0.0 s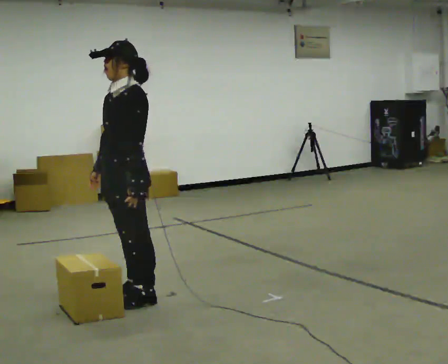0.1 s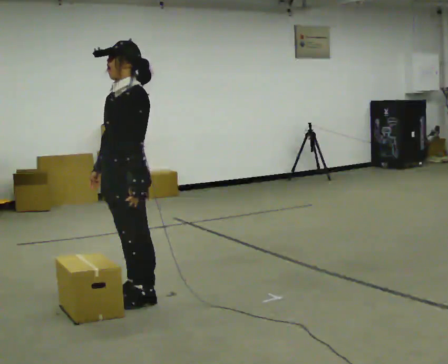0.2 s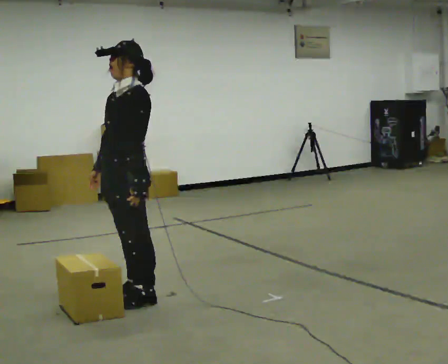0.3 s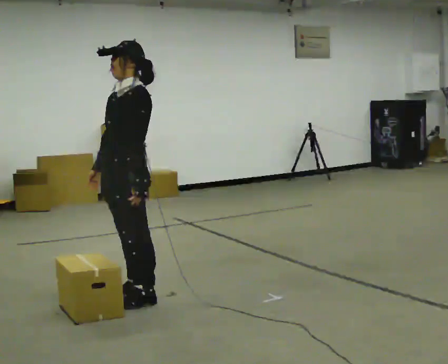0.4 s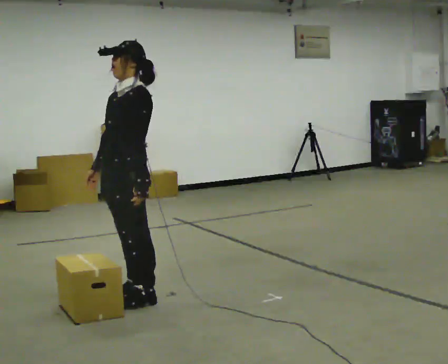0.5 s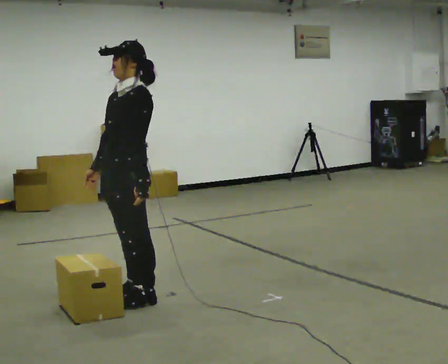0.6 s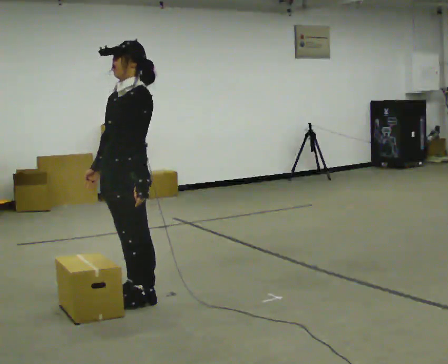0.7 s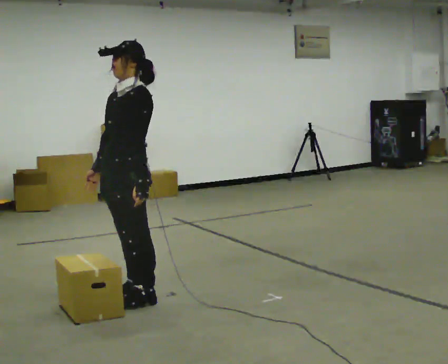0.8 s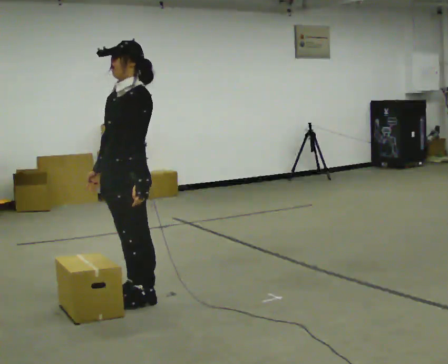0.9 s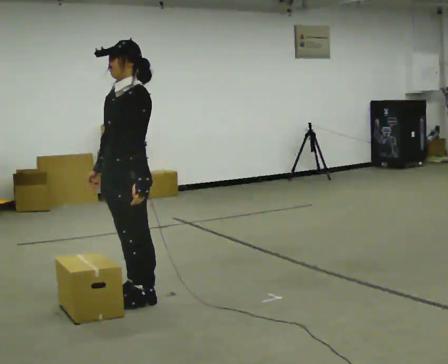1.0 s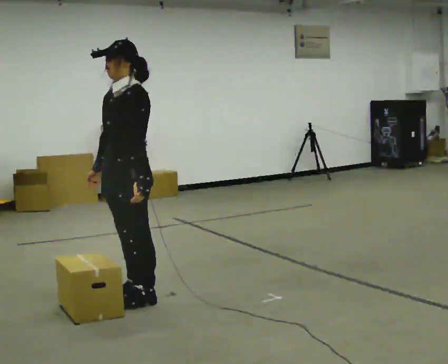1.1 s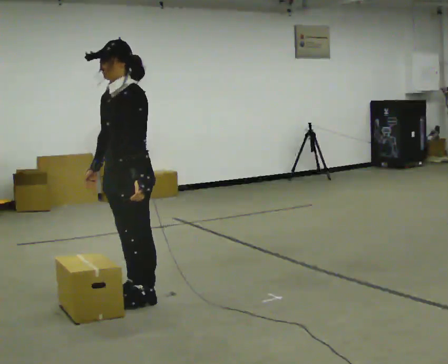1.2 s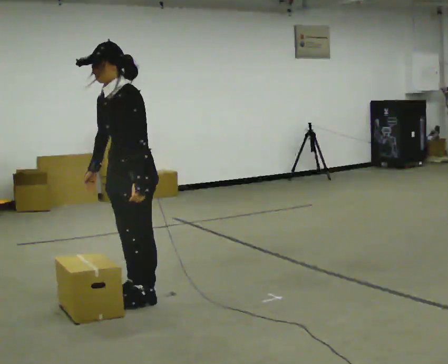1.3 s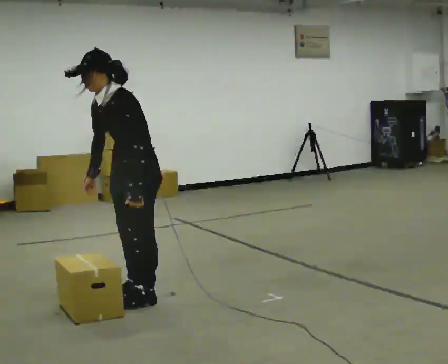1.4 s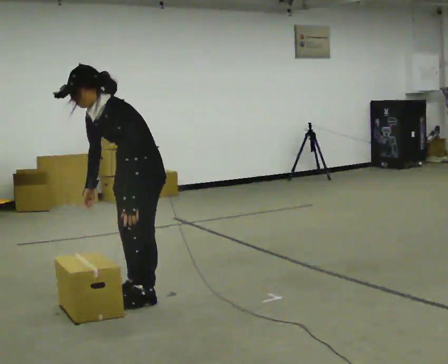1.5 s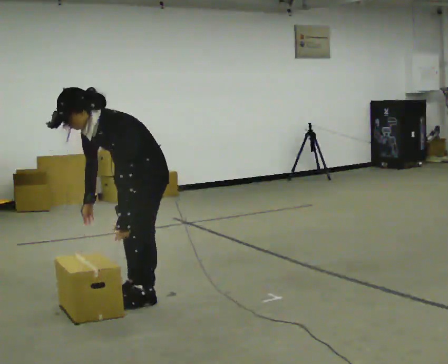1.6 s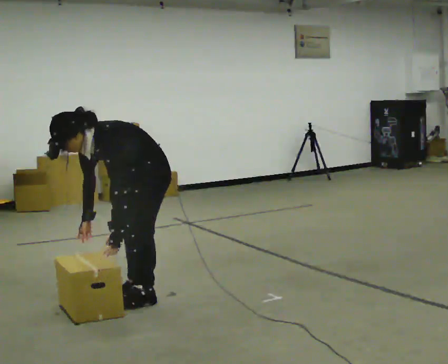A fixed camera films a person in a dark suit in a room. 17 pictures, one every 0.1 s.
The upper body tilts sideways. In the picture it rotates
counterclockwise.
0.0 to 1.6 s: The upper body goes downward. In the picture the upper body tilts counterclockwise, shoulders to the left, as they bend forward.
The film runs backward here.
